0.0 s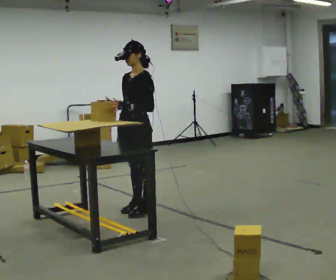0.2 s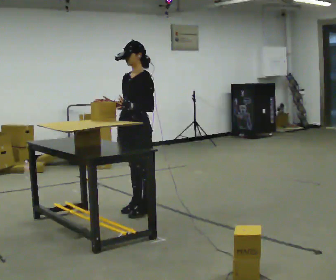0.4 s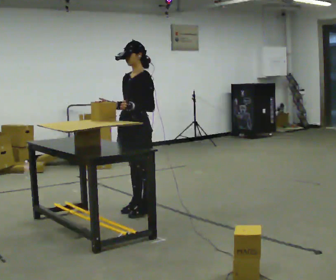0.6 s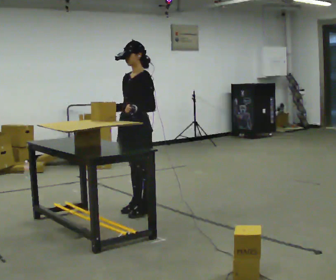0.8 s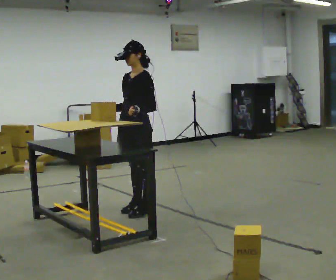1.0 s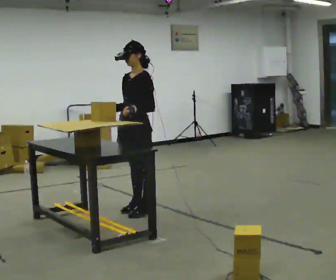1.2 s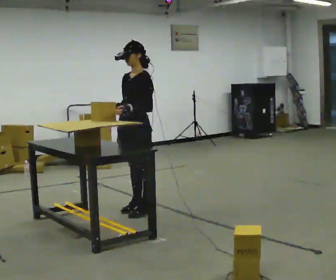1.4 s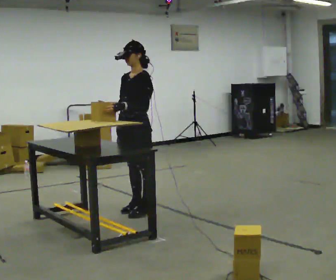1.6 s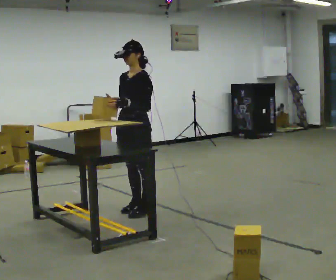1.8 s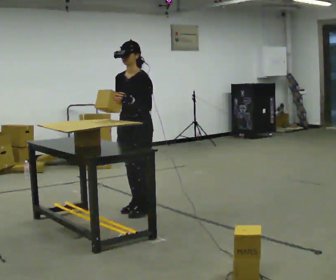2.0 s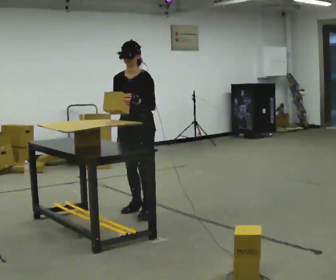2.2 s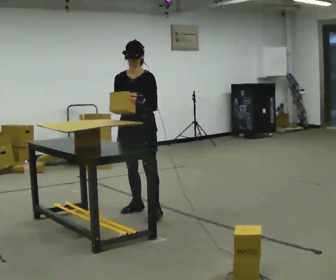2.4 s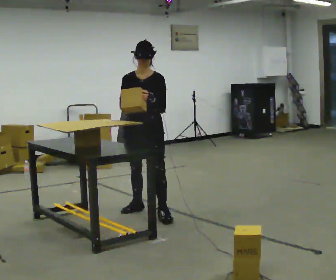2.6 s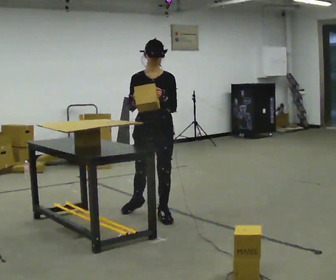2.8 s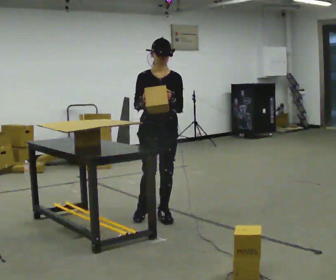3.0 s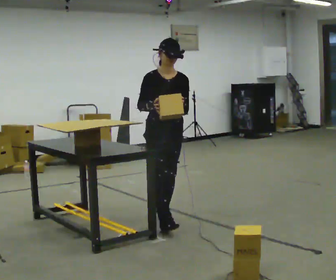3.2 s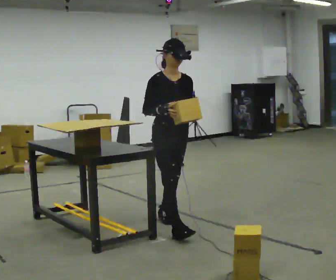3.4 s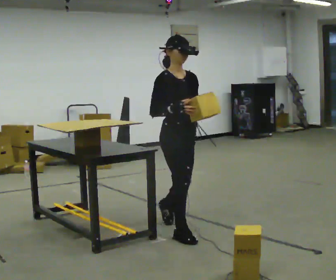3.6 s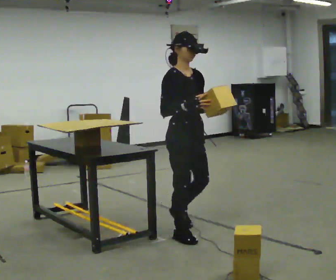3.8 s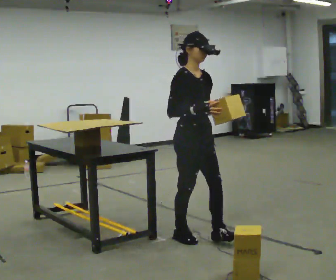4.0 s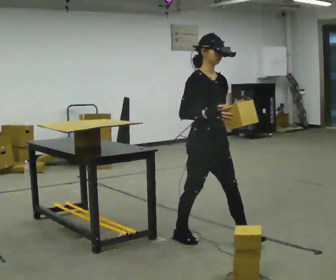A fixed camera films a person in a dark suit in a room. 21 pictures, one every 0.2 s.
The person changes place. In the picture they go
toward the camera.
The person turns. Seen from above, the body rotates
counterclockwise.
0.0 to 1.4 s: The person moves a little, or ends about where they began.
1.4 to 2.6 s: Seen from above the body turns counterclockwise, about 45 degrees: to their left, with its near side sliding to the right. In the picture they go toward the camera and to the right, about 0.25 m in 1 step, which for them is to their left.
2.6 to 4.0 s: The part of the body nearest the lens slides to the right as the person turns to their left by about 45 degrees. In the picture they go toward the camera and to the right, about 1 m in 1 step, which for them is forward.
The film runs forward here.
